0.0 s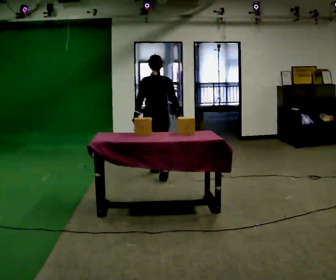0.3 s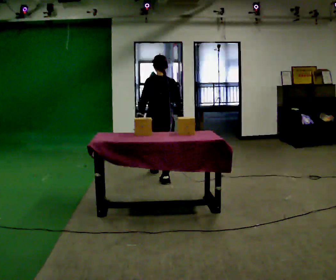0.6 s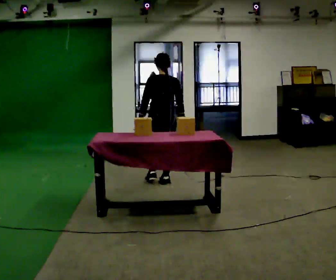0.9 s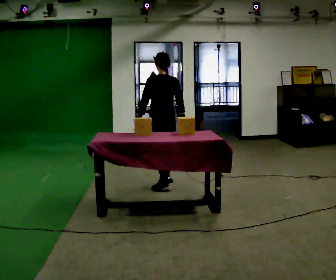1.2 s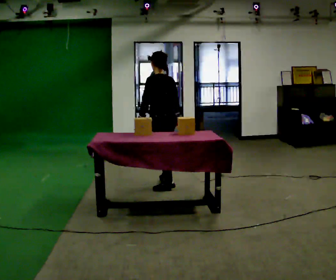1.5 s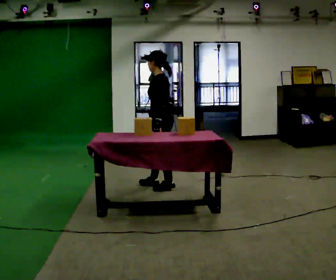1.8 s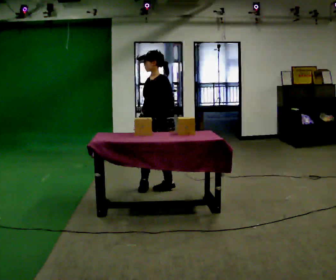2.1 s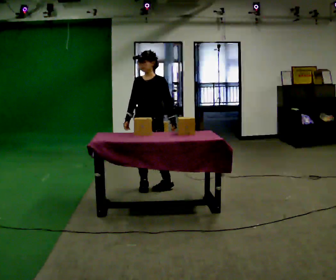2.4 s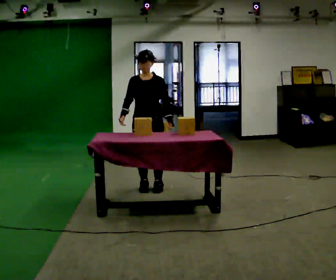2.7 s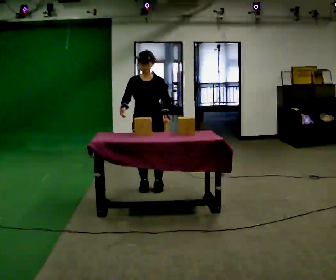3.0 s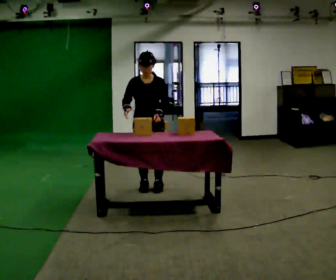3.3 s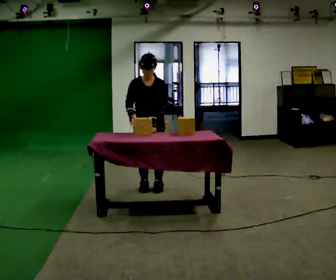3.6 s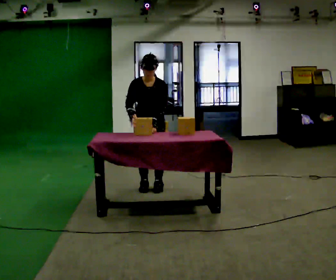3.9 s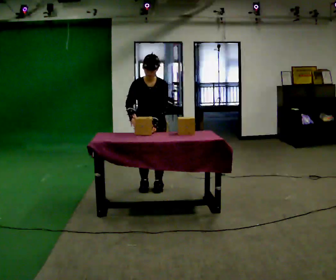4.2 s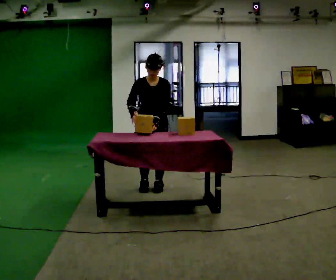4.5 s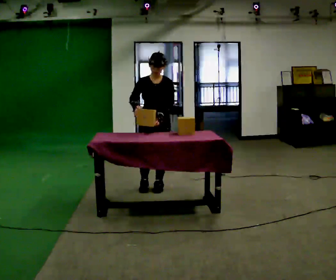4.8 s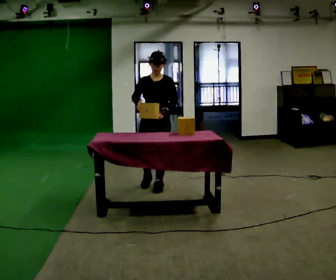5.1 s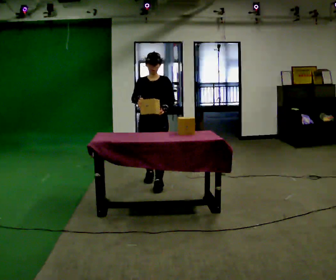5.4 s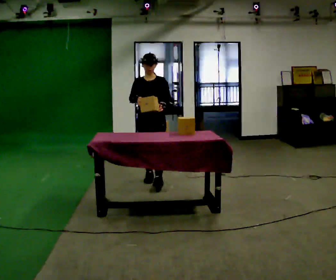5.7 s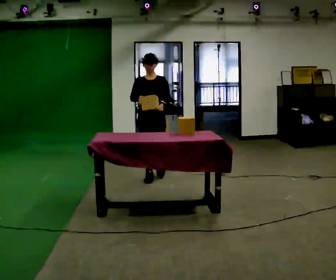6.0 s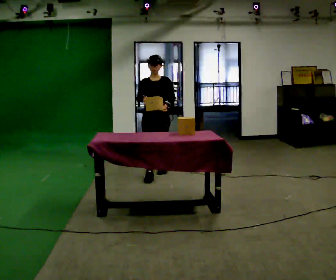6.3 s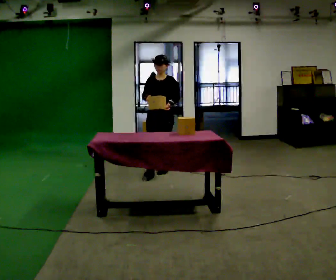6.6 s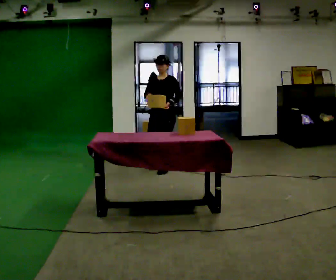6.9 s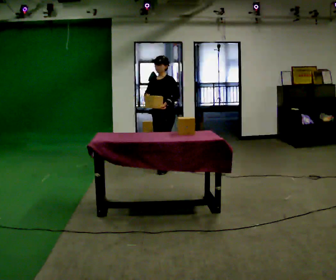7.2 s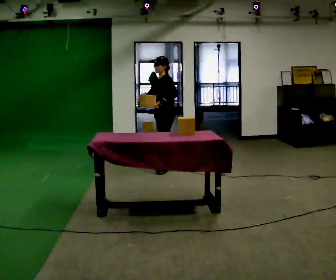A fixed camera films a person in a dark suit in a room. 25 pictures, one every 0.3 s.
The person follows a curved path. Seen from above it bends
clockwise.
0.0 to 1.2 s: Seen from above the body turns counterclockwise, about 60 degrees: to their left, with its near side sliding to the right. In the picture they go toward the camera, about 0.5 m in 1 step, which for them is backward.
1.2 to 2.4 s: The part of the body nearest the lens slides to the right as the person turns to their left by about 120 degrees. In the picture they go to the left, about 0.25 m in 1 step. In the picture their right hand goes to the left, the arm swinging clockwise.
2.4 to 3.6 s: The upper body tips toward the camera, its near side rolling downward, as they bend forward.
3.6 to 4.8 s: The upper body tips away from the camera, its near side rolling upward, as they lean back or straighten.
4.8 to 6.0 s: In the picture they go away from the camera, about 0.5 m in 1 step, which for them is backward.
6.0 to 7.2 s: Seen from above the body turns clockwise, about 60 degrees: to their right, with its near side sliding to the left. In the picture they go away from the camera, about 0.5 m in 1 step.
The film runs backward here.
